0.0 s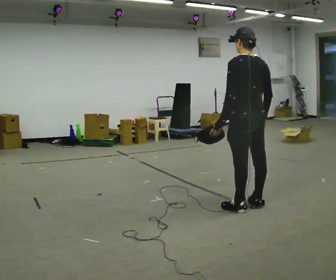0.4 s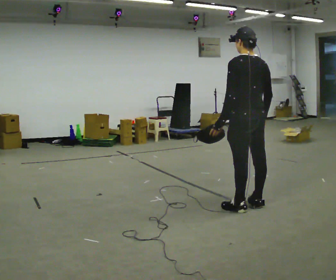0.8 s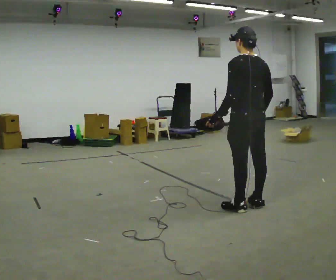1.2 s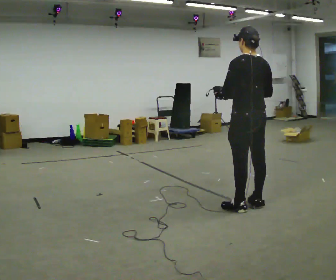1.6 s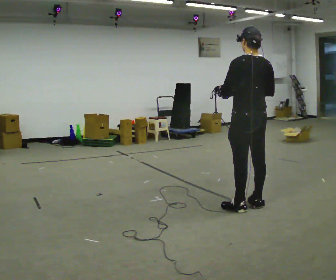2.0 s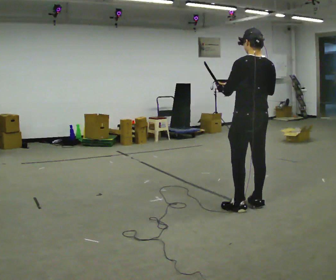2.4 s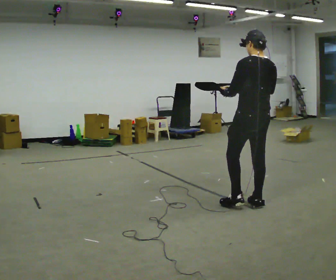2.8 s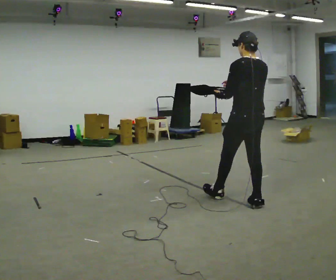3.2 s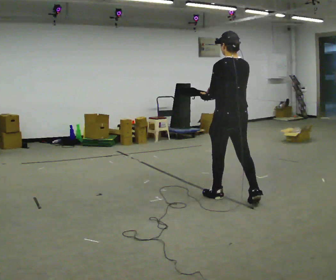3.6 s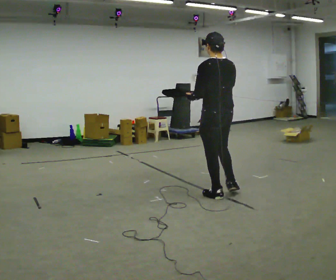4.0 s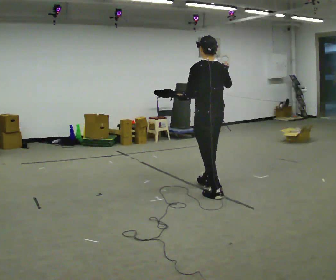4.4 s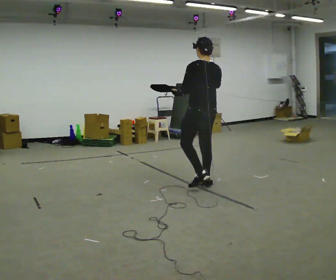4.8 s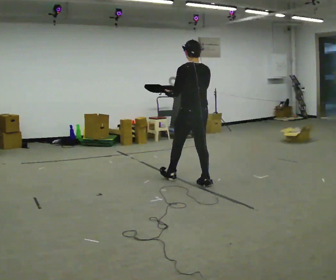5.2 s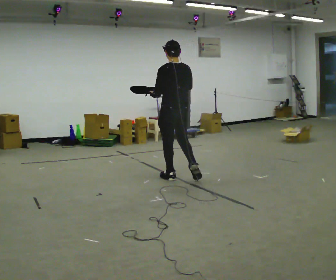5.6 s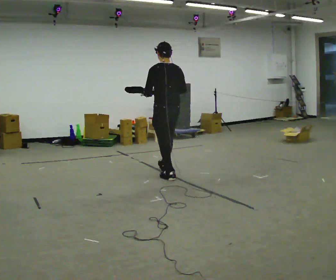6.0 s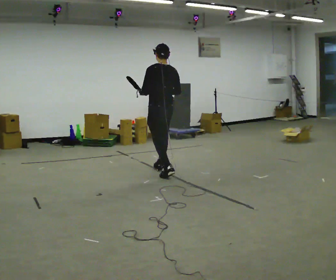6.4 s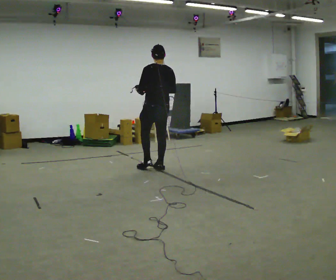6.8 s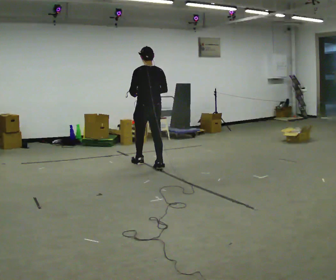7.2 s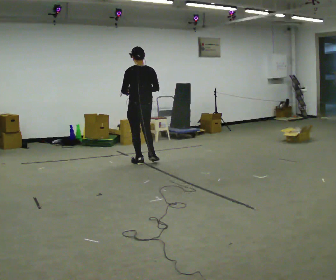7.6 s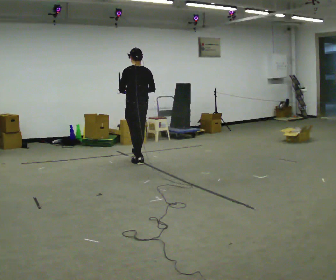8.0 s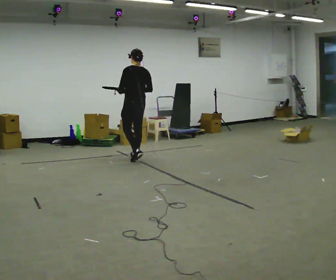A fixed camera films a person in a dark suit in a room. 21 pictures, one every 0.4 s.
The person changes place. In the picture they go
away from the camera.
0.0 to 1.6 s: The person moves a little, or ends about where they began.
1.6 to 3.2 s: In the picture they go away from the camera and to the left, about 0.25 m in 1 step, which for them is forward.
3.2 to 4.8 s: In the picture they go away from the camera and to the left, about 1 m in 1 step, which for them is forward.
4.8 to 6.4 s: In the picture they go away from the camera and to the left, about 1 m in 2 steps, which for them is forward.
6.4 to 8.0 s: In the picture they go away from the camera and to the left, about 1 m in 2 steps, which for them is forward.
The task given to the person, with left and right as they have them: Carry the open container and, while walking, reach in with one hand and take an item out, then put it back. Repeat as you walk. Do not stop.
The film runs forward here.
